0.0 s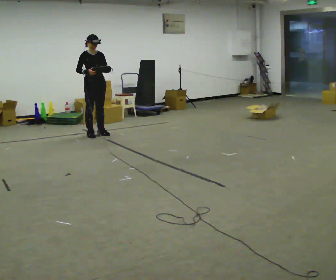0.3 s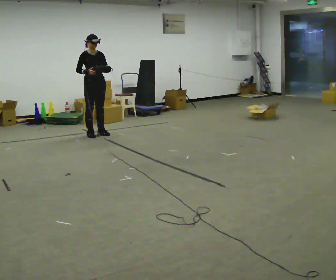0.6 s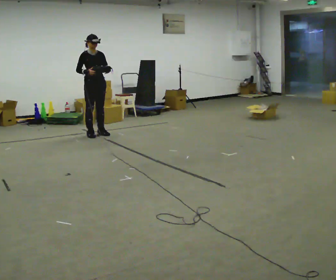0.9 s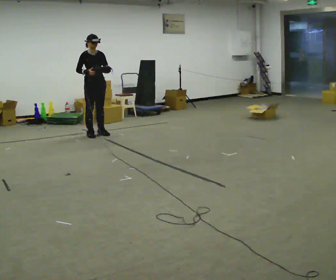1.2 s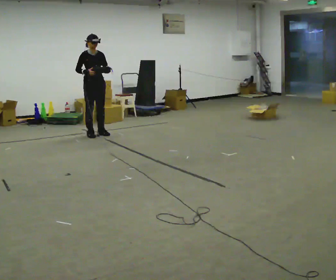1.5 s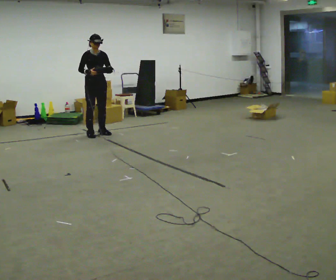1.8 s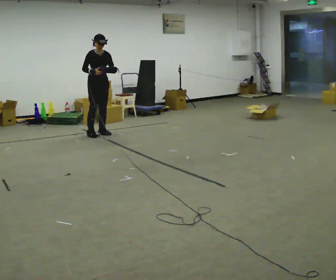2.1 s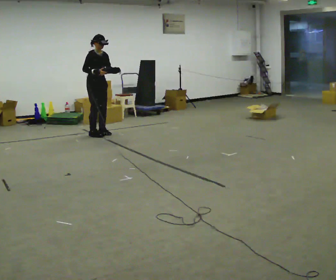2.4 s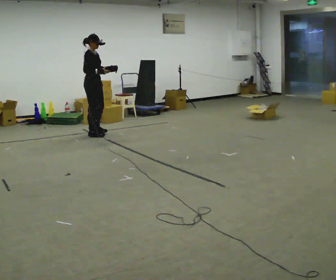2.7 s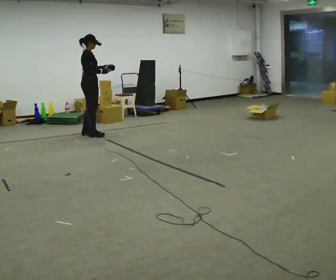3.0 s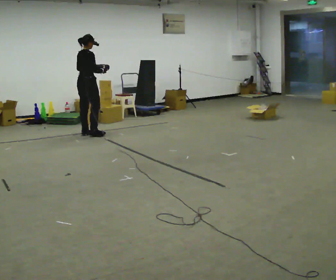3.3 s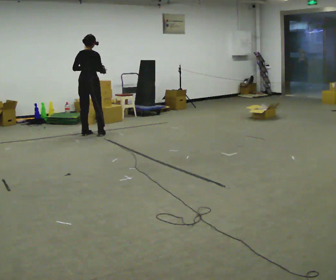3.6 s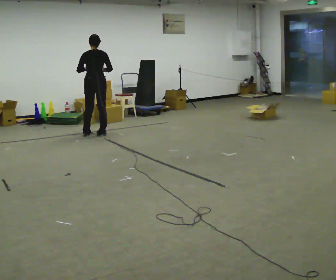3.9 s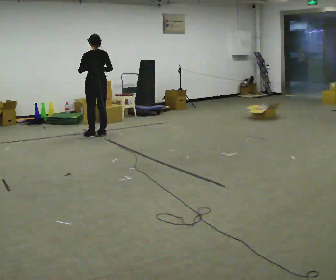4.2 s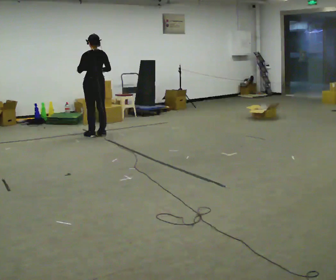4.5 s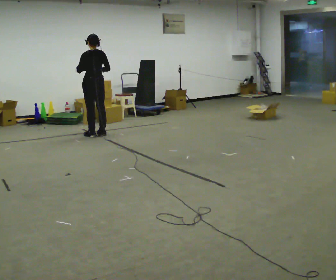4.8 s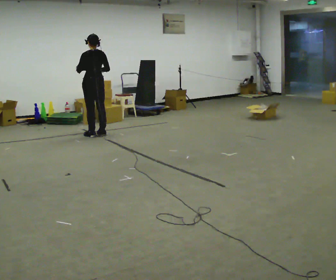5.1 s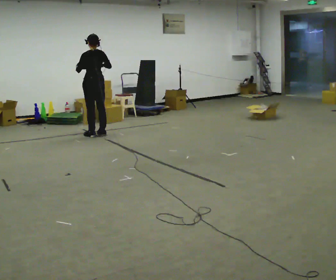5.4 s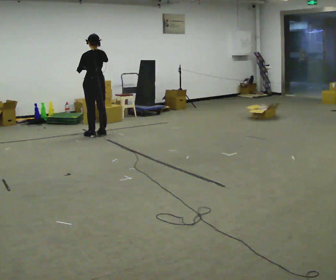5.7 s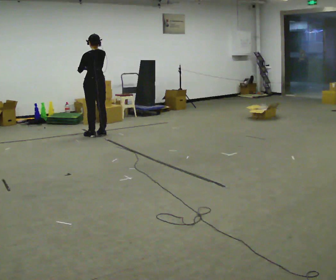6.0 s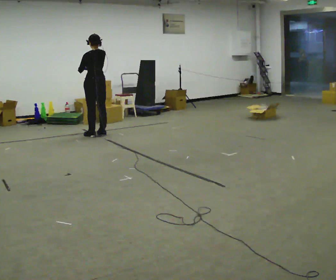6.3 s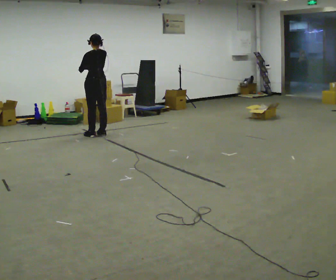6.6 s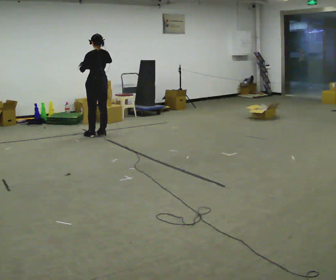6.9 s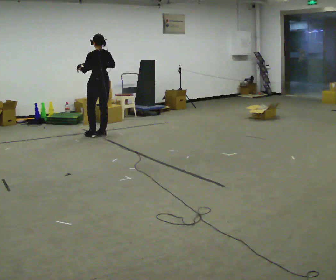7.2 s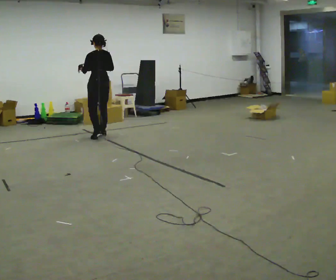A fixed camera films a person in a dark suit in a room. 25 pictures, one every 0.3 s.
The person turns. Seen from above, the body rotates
counterclockwise.
The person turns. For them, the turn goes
to their left.
0.0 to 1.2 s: The person keeps their place and pose.
1.2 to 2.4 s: The person turns about 45 degrees to their left, counterclockwise seen from above, so the part of the body nearest the lens slides to the right.
2.4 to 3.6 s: The part of the body nearest the lens slides to the right as the person turns to their left by about 105 degrees. In the picture their left hand goes to the left.
3.6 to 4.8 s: The part of the body nearest the lens slides to the right as the person turns to their left by about 30 degrees.
4.8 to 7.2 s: The person moves a little, or ends about where they began.
The film runs backward here.
